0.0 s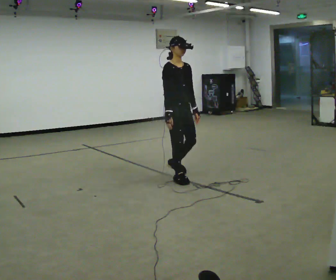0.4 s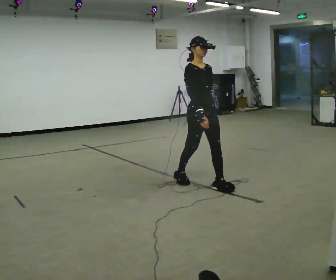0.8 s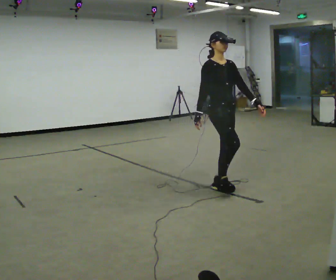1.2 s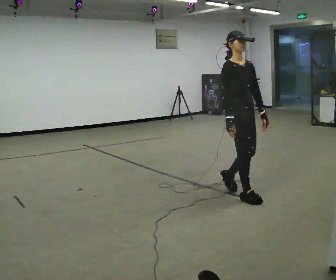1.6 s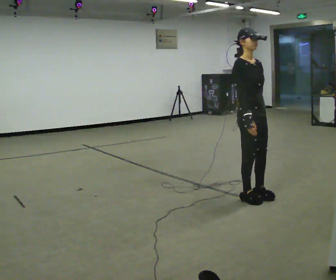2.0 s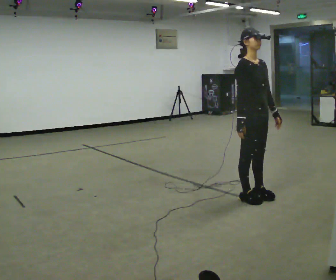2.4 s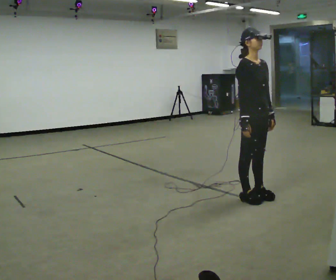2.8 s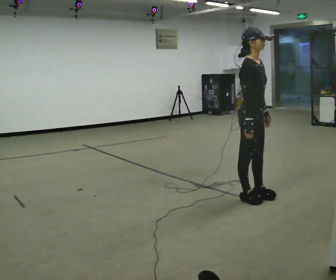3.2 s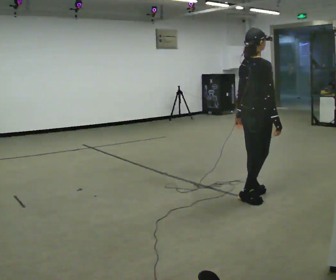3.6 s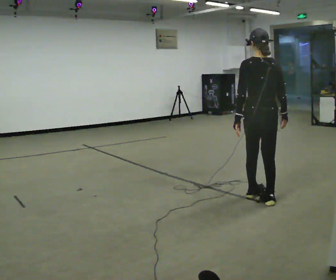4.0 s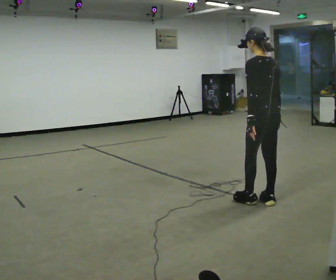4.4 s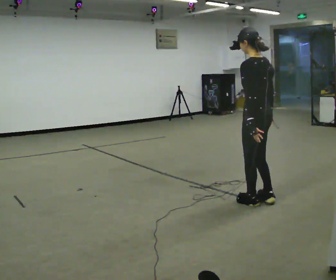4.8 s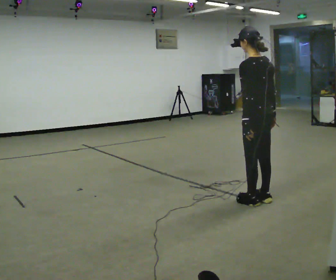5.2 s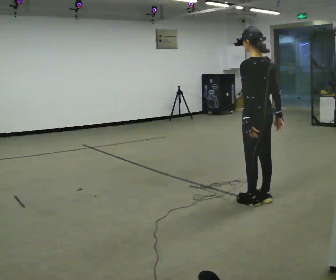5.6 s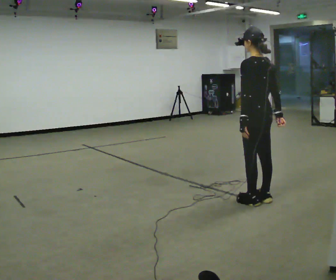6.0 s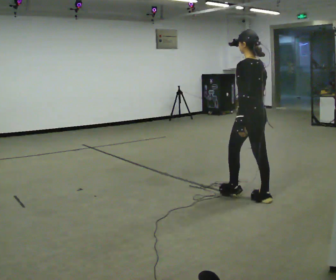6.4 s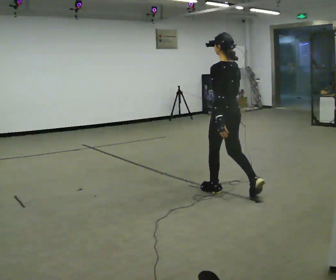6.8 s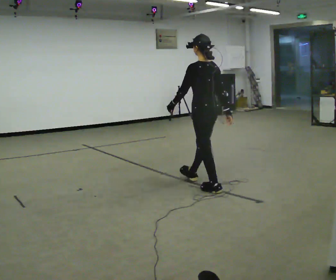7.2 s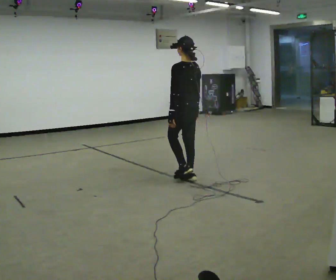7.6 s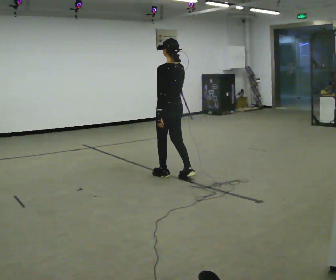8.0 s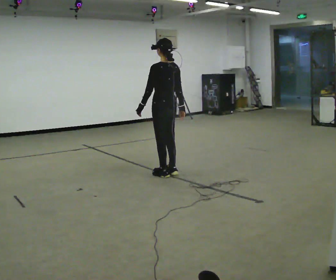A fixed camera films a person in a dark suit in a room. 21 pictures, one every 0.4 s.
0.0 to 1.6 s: In the picture they go to the right and toward the camera, about 1 m in 3 steps, which for them is forward.
1.6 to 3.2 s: The part of the body nearest the lens slides to the right as the person turns to their left by about 75 degrees. In the picture their right hand goes to the right.
3.2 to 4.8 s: Seen from above the body turns counterclockwise, about 90 degrees: to their left, with its near side sliding to the right.
4.8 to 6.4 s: In the picture they go to the left and away from the camera, about 0.5 m in 1 step, which for them is forward.
6.4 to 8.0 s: In the picture they go to the left and away from the camera, about 1 m in 3 steps, which for them is forward.
The film runs forward here.
